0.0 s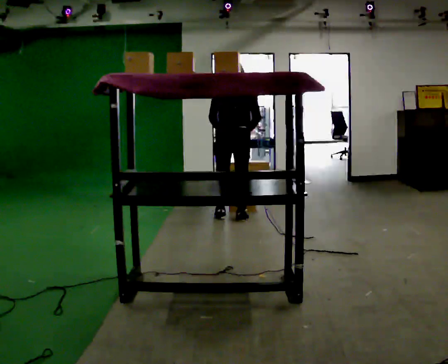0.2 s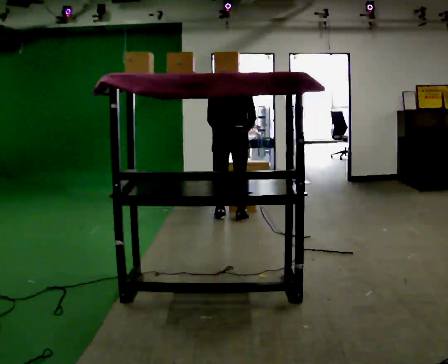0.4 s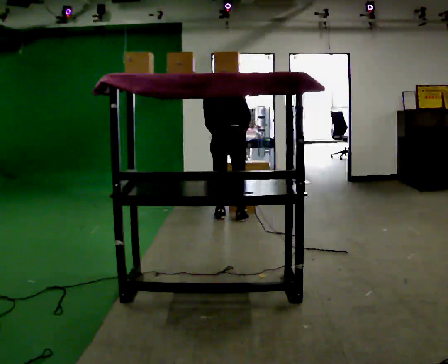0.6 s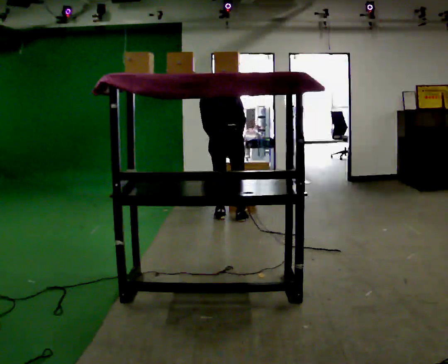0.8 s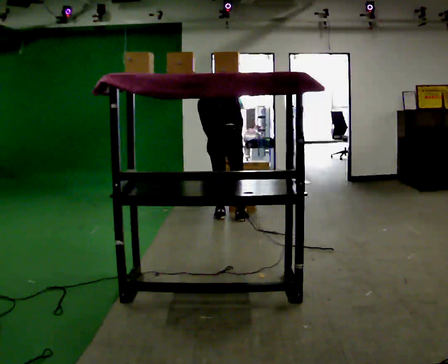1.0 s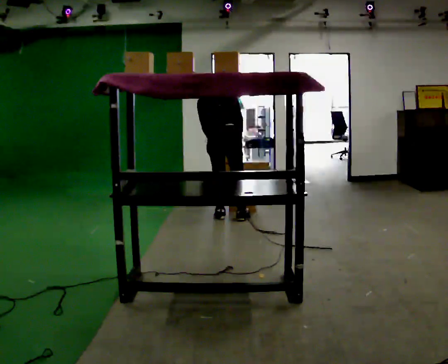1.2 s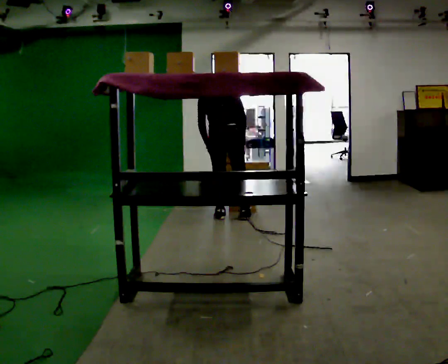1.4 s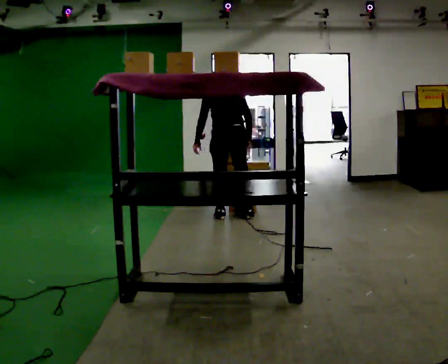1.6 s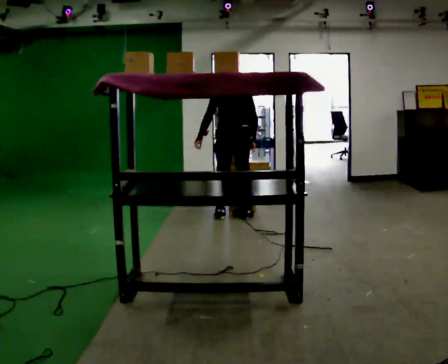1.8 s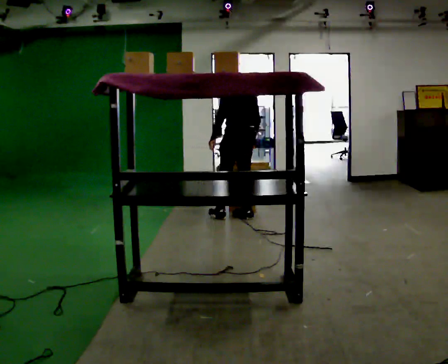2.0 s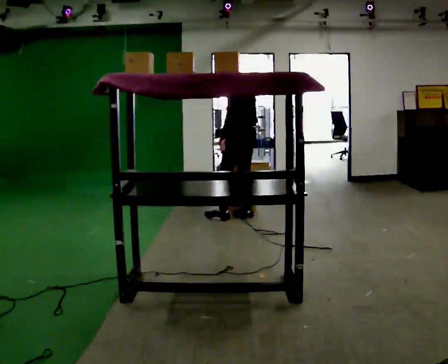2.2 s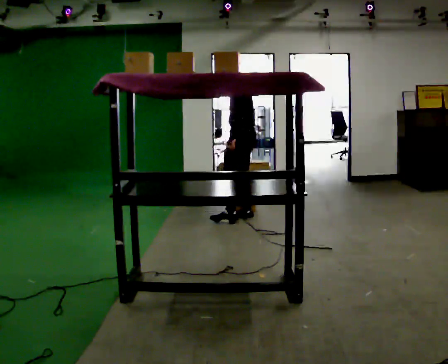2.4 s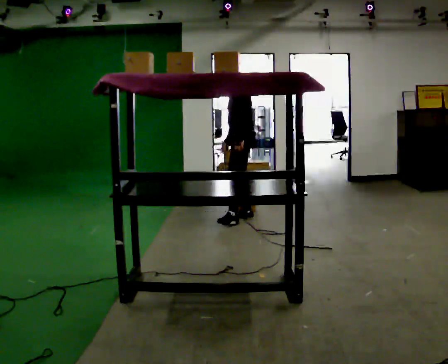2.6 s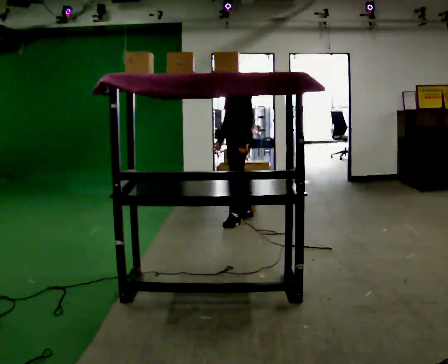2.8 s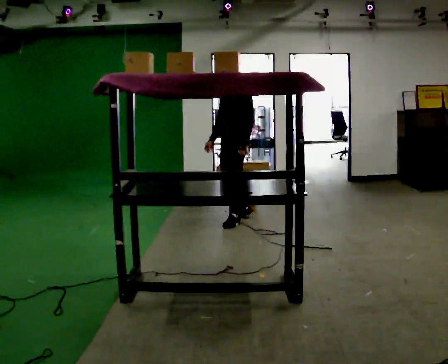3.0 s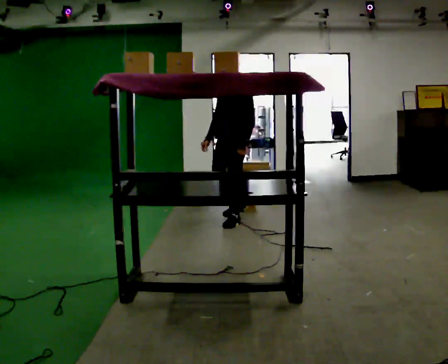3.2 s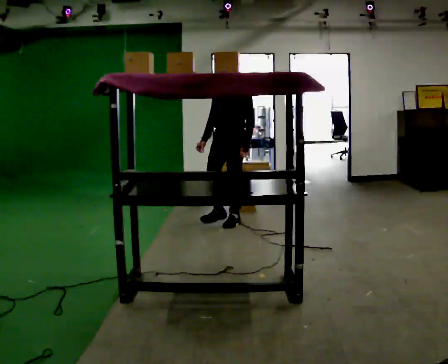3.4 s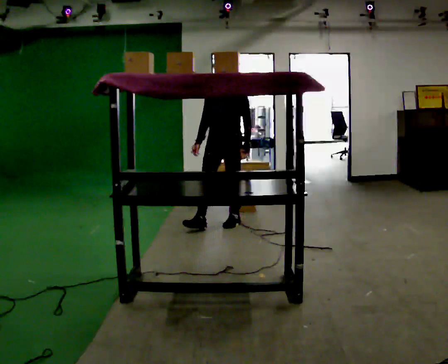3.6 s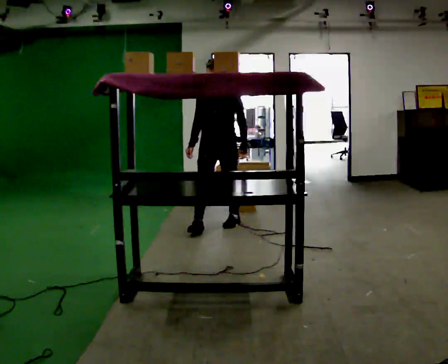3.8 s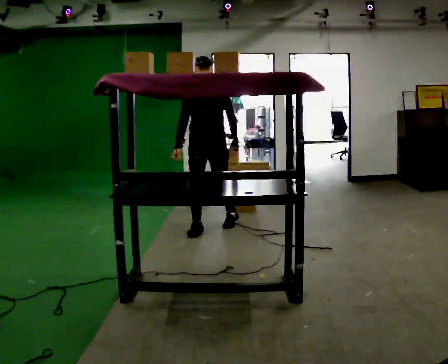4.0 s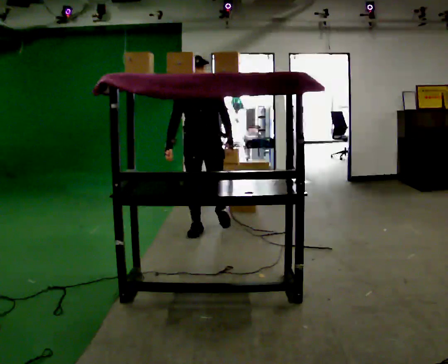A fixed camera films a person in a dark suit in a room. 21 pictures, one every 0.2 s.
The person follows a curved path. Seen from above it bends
clockwise.
The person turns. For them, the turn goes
to their left.
0.0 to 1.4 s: The person moves a little, or ends about where they began.
1.4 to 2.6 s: The part of the body nearest the lens slides to the right as the person turns to their left by about 105 degrees. In the picture their left hand goes to the right.
2.6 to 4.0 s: Seen from above the body turns counterclockwise, about 75 degrees: to their left, with its near side sliding to the right. In the picture they go toward the camera and to the left, about 0.5 m in 1 step.
The film runs forward here.
